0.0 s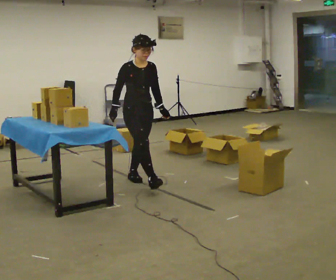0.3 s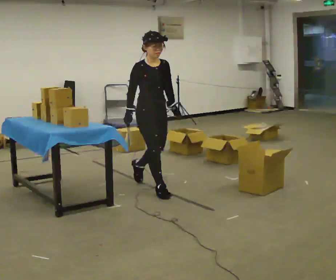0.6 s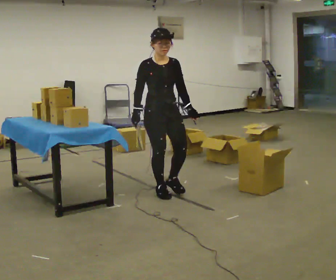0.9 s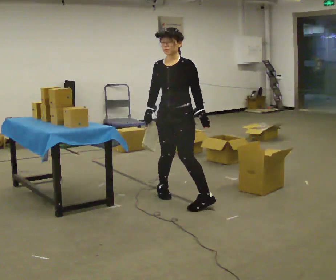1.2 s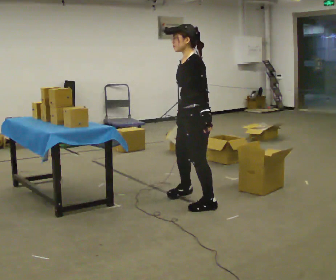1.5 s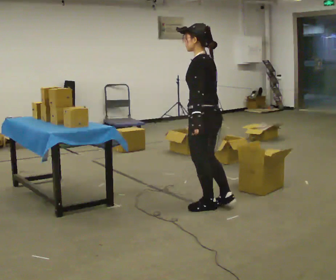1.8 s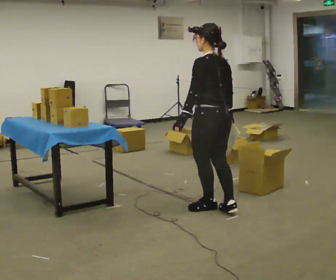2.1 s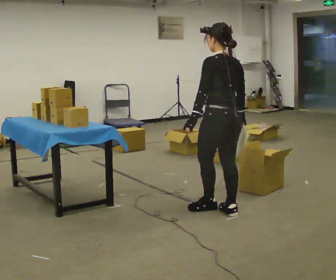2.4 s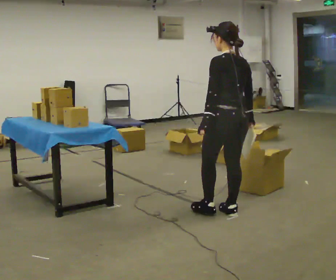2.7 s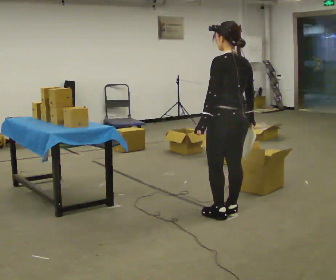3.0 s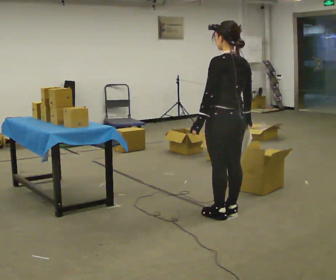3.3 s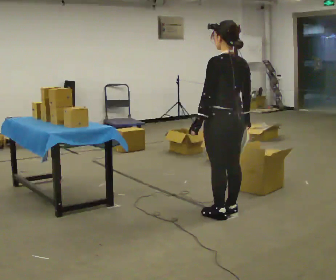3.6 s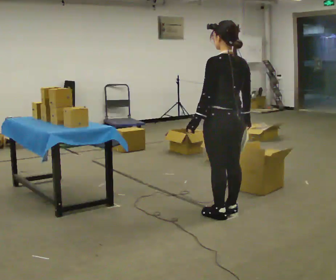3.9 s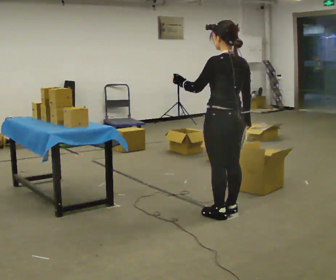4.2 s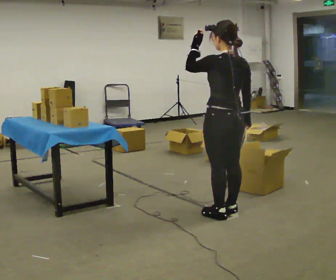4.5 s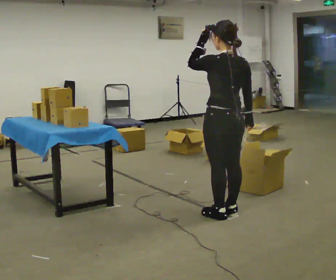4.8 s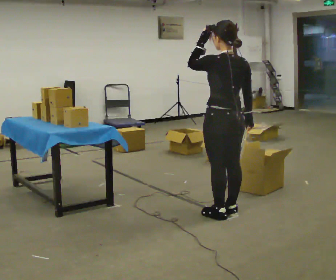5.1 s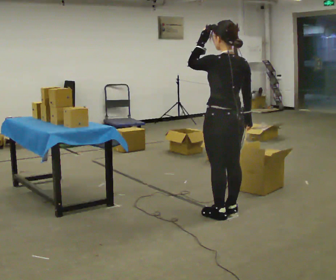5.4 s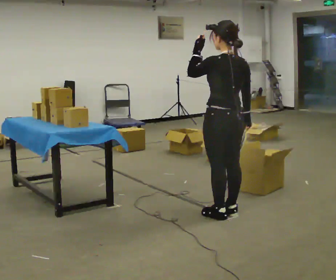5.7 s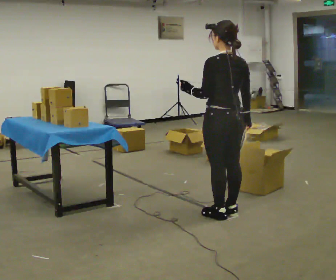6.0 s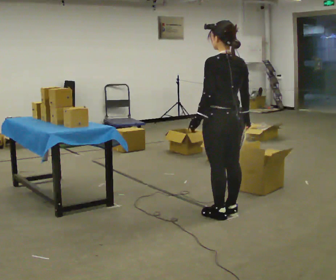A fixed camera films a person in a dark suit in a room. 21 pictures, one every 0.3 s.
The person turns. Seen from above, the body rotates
clockwise.
The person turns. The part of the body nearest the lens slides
to the left.
0.0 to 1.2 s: The person turns about 120 degrees to their right, clockwise seen from above, so the part of the body nearest the lens slides to the left. In the picture they go toward the camera and to the right, about 1 m in 2 steps.
1.2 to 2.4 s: Seen from above the body turns clockwise, about 60 degrees: to their right, with its near side sliding to the left. In the picture they go to the right and toward the camera, about 0.25 m in 1 step.
2.4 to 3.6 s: The person moves a little, or ends about where they began.
3.6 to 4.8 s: In the picture their left hand goes upward.
4.8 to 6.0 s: In the picture their left hand goes downward.
The film runs forward here.
